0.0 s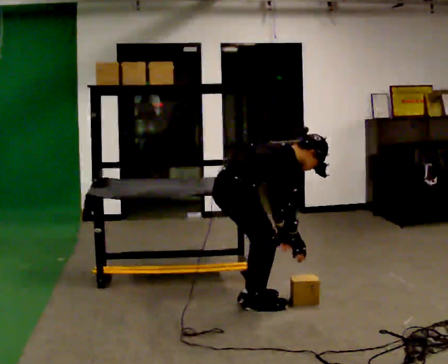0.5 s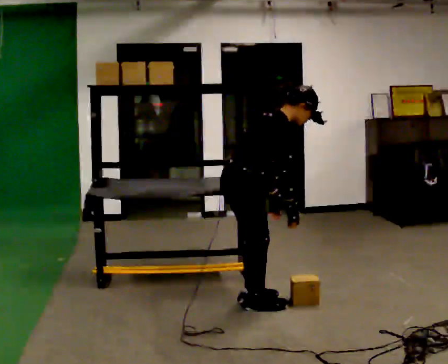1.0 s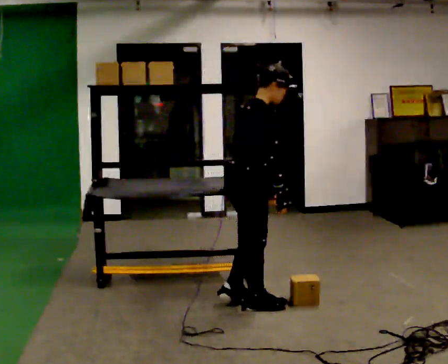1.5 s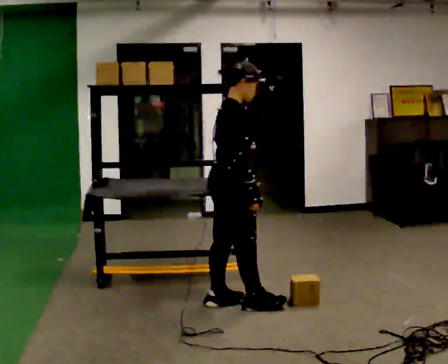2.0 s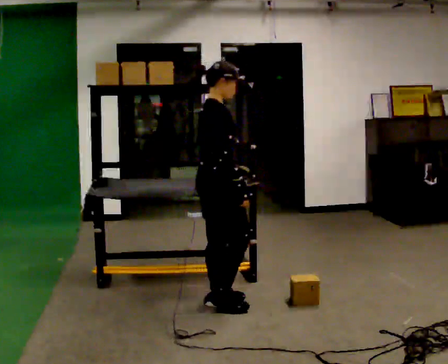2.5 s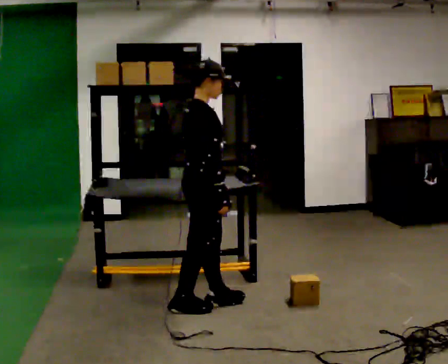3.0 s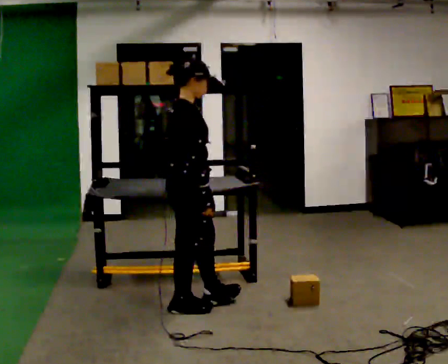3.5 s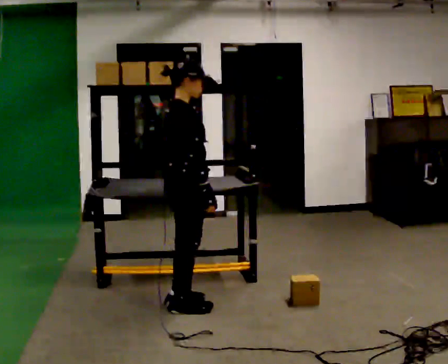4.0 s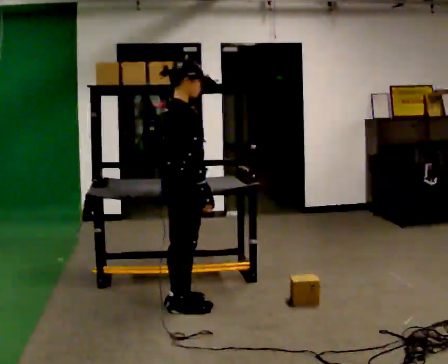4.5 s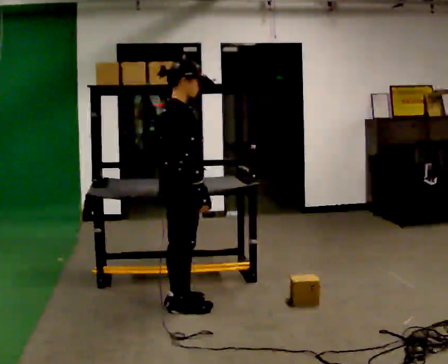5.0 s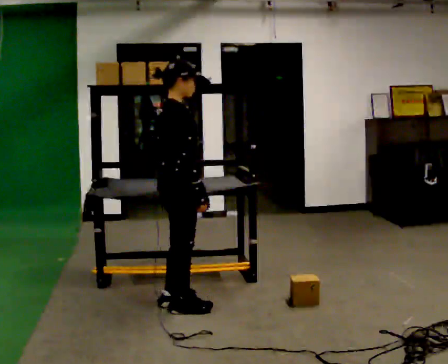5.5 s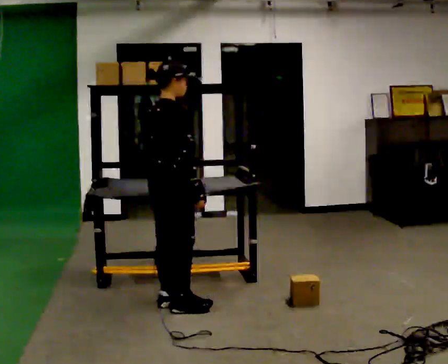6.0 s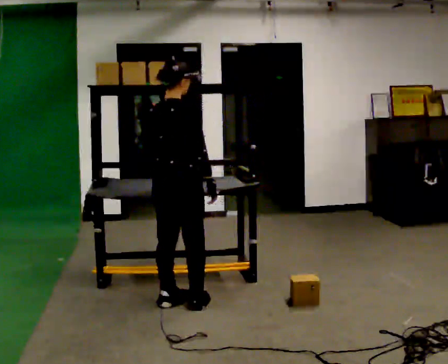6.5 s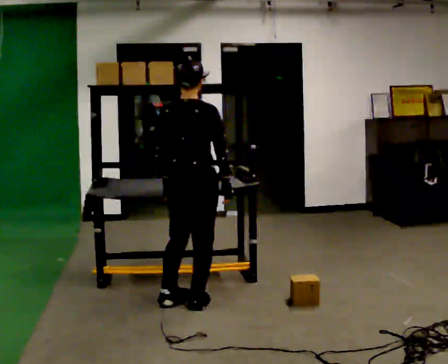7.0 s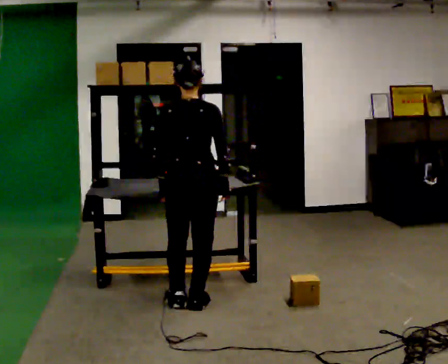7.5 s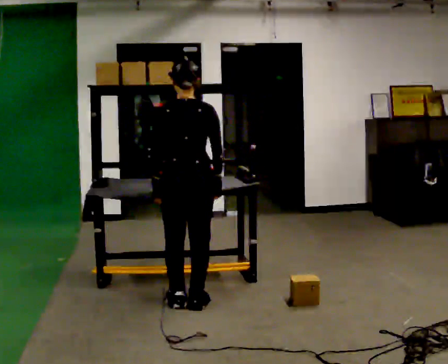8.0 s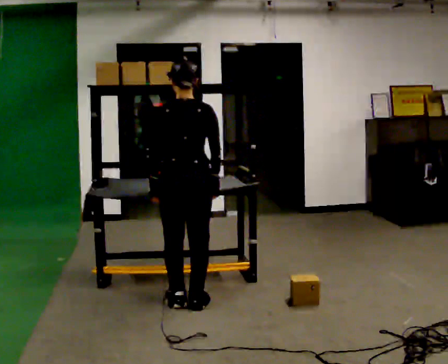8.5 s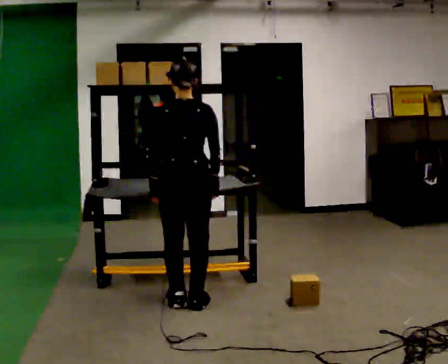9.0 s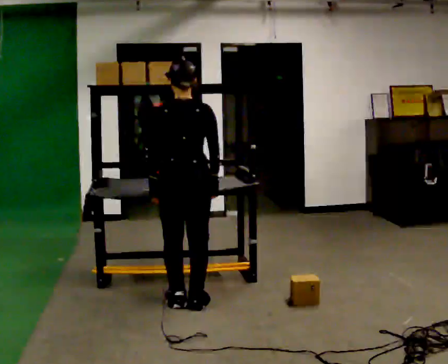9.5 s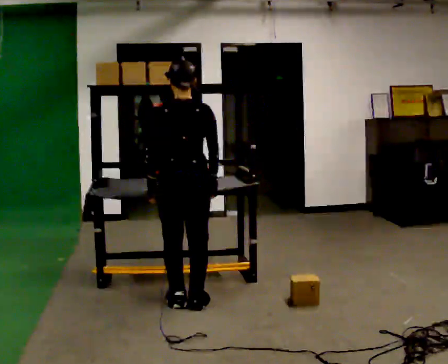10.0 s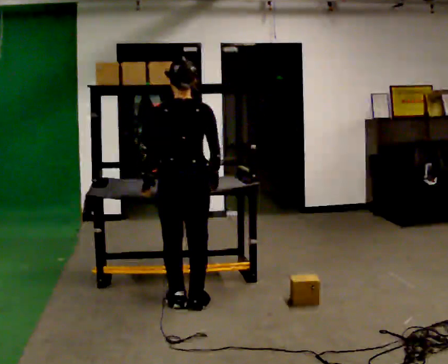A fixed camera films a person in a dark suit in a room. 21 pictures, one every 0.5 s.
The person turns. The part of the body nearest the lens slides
to the right.
The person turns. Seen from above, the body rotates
counterclockwise.
0.0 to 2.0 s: The upper body goes upward. In the picture the upper body tilts counterclockwise, shoulders to the left, as they lean back or straighten. In the picture their right hand goes upward and to the left.
2.0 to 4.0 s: In the picture they go to the left, about 0.25 m in 1 step, which for them is backward.
4.0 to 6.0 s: The part of the body nearest the lens slides to the right as the person turns to their left by about 45 degrees.
6.0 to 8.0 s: The person turns about 45 degrees to their left, counterclockwise seen from above, so the part of the body nearest the lens slides to the right.
8.0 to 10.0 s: The person moves a little, or ends about where they began.
The film runs backward here.
